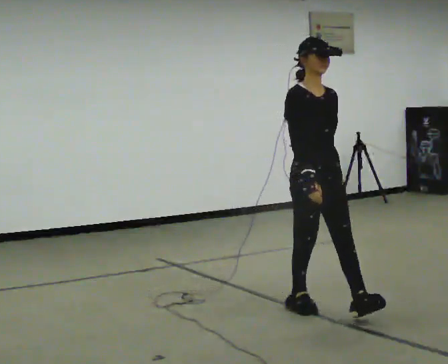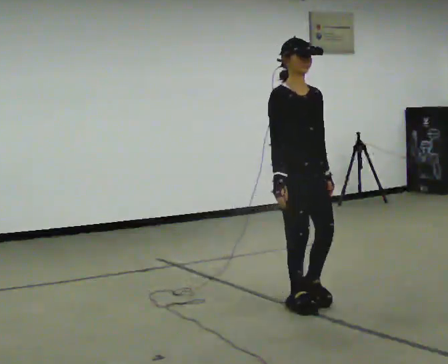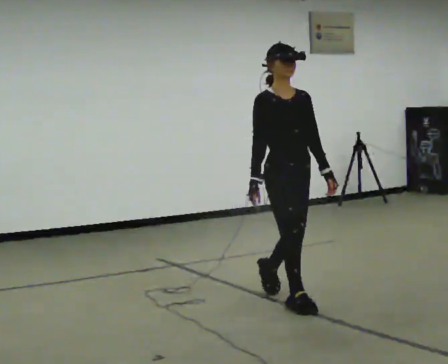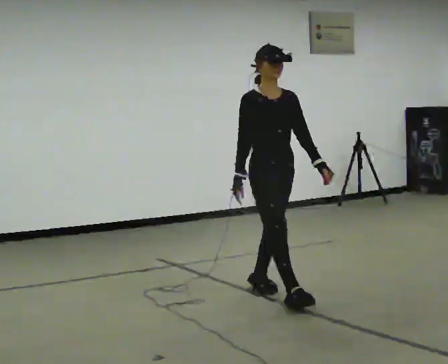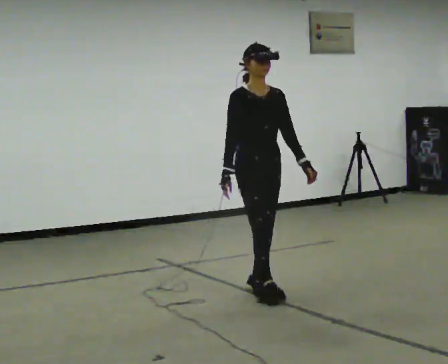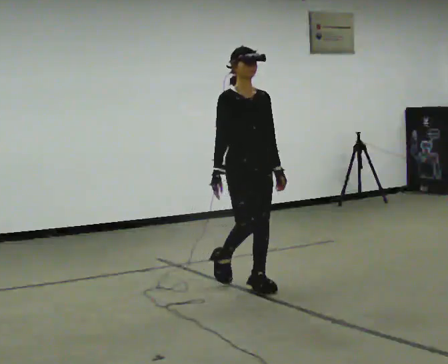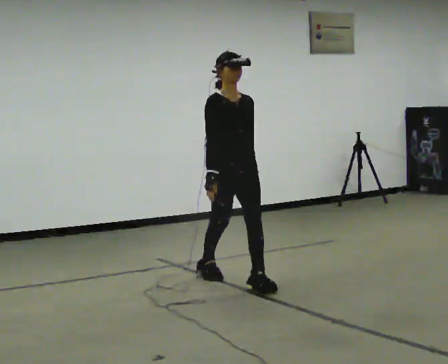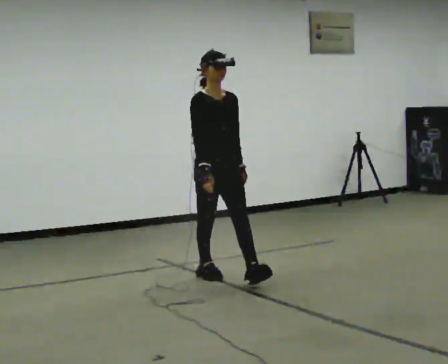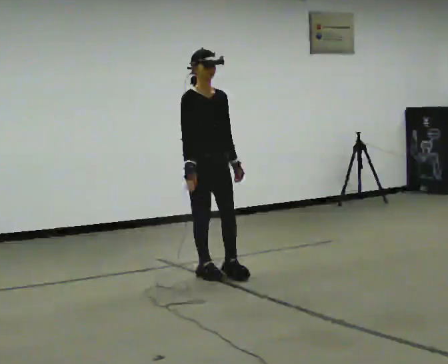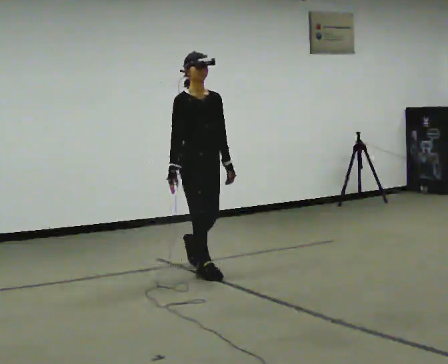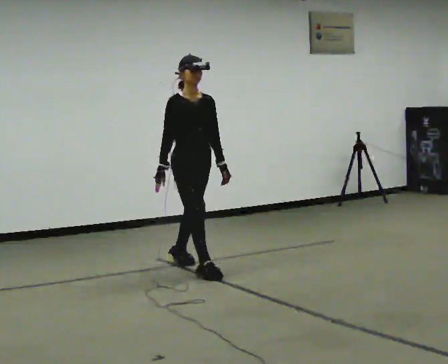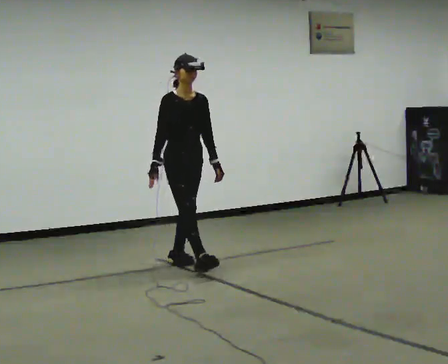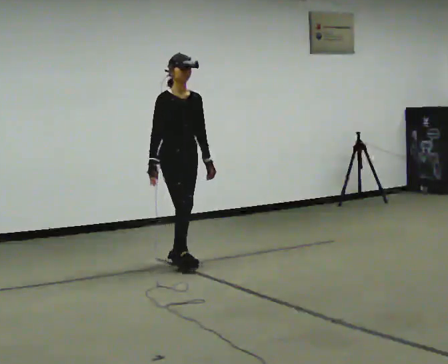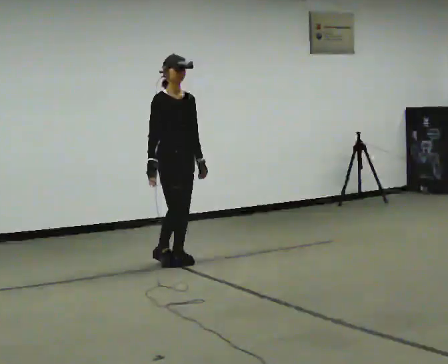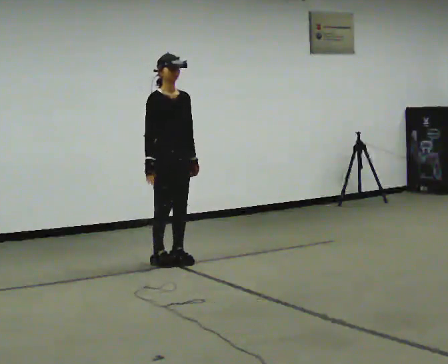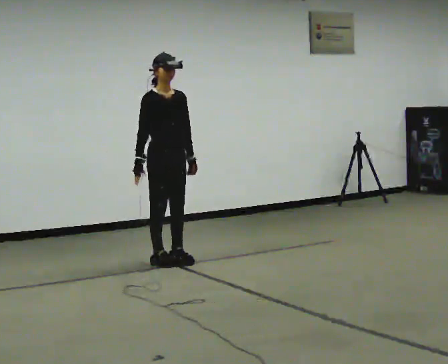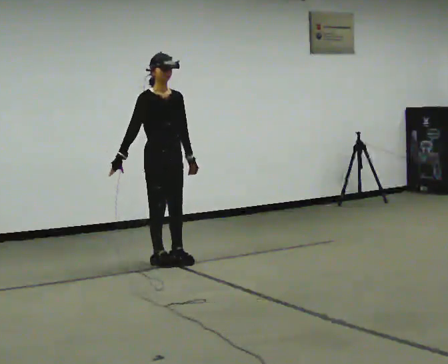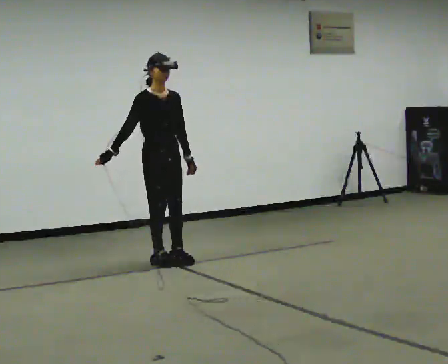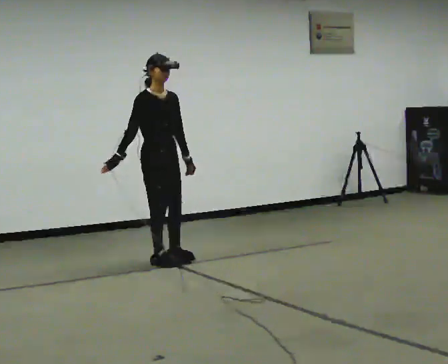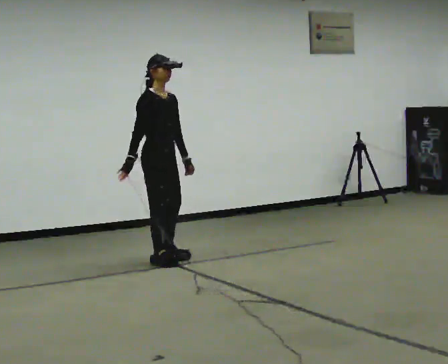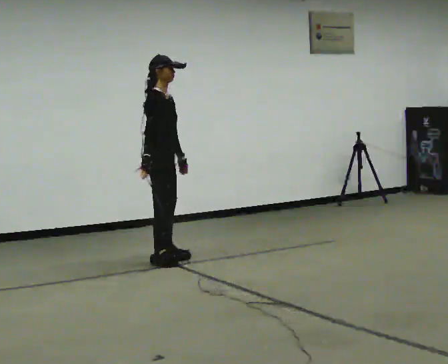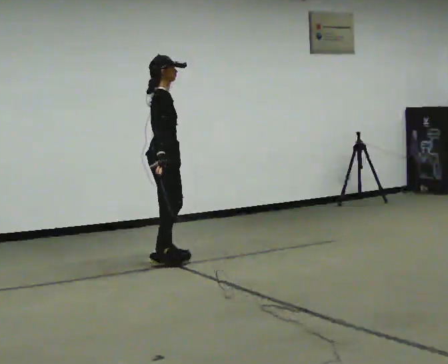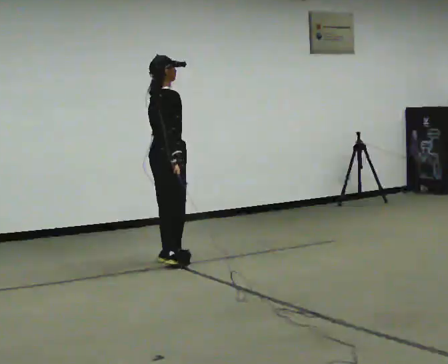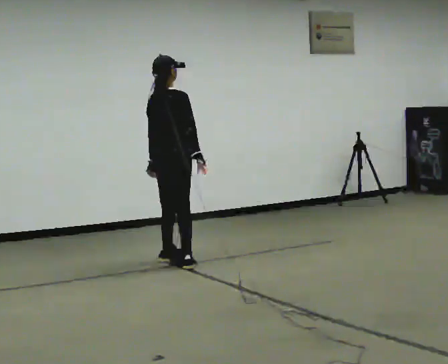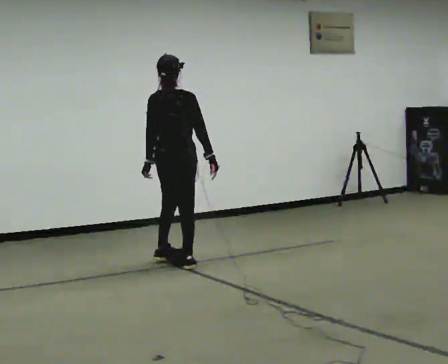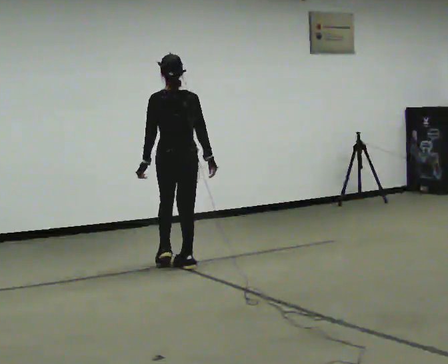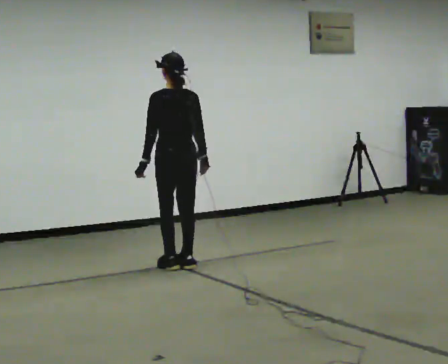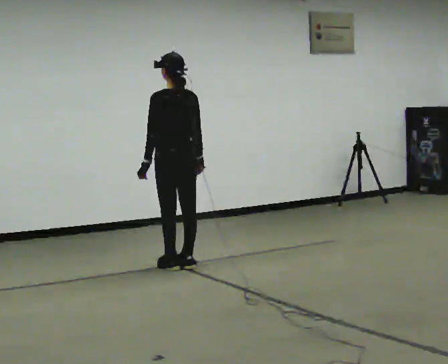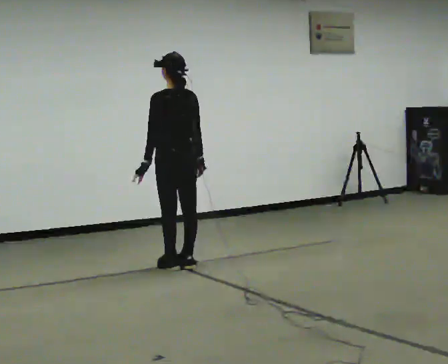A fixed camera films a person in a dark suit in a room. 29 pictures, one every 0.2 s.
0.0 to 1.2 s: In the picture they go away from the camera and to the left, about 1 m in 1 step, which for them is backward.
1.2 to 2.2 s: In the picture they go away from the camera and to the left, about 0.5 m in 2 steps, which for them is backward.
2.2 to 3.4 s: In the picture they go to the left and away from the camera, about 0.25 m, which for them is backward. In the picture their right hand goes to the left.
3.4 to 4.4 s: Seen from above the body turns counterclockwise, about 90 degrees: to their left, with its near side sliding to the right. In the picture their right hand goes to the right, the arm swinging counterclockwise.
4.4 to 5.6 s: The part of the body nearest the lens slides to the right as the person turns to their left by about 90 degrees. In the picture they go toward the camera, about 0.25 m in 1 step.
The film runs backward here.
